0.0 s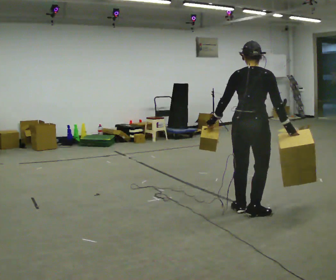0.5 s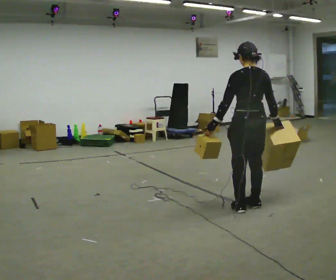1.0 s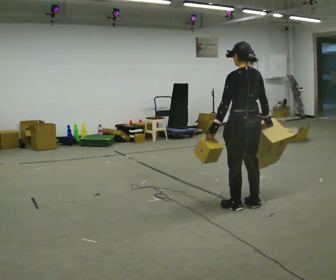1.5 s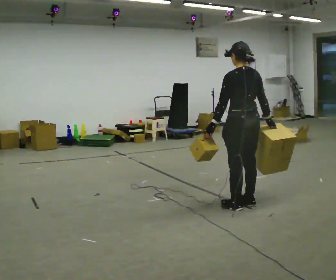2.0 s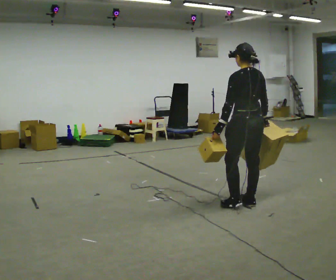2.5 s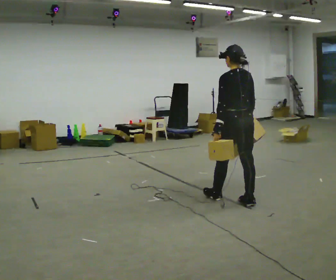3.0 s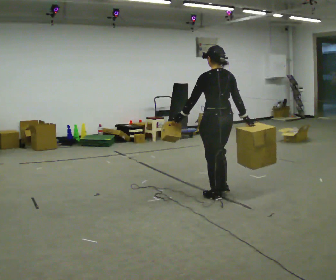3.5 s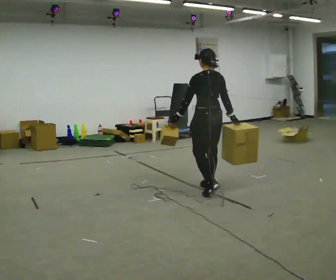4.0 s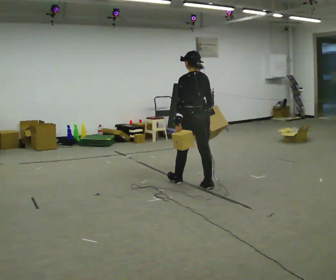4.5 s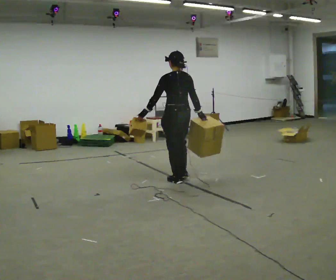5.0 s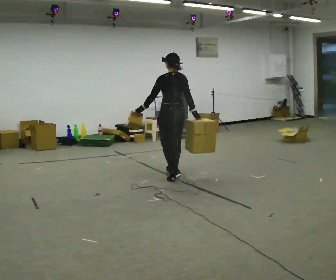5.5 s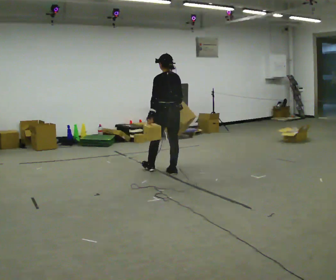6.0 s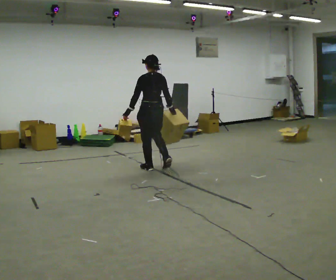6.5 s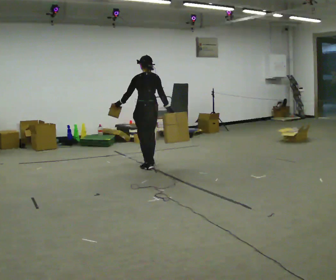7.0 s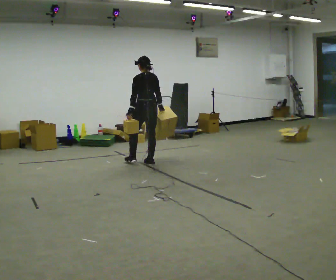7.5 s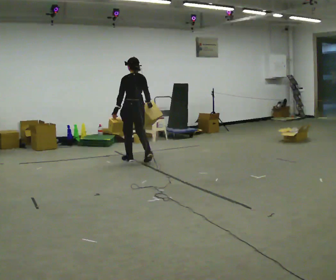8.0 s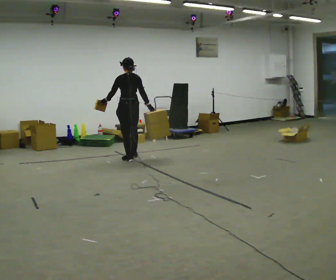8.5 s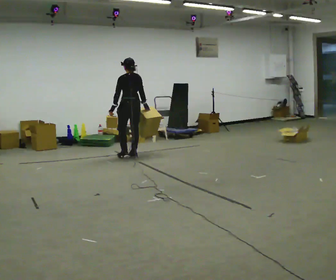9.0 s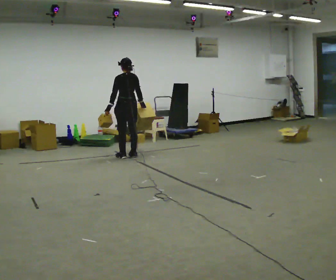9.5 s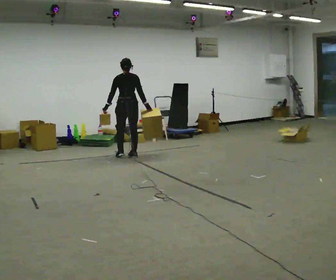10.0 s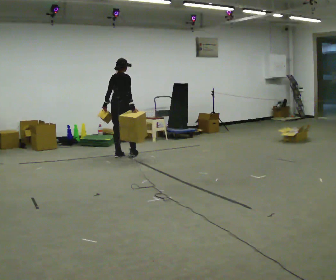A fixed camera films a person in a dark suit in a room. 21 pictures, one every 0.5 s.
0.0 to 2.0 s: Seen from above the body turns counterclockwise, about 45 degrees: to their left, with its near side sliding to the right. In the picture they go away from the camera, about 0.25 m in 1 step, which for them is forward and to their right.
2.0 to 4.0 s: In the picture they go away from the camera and to the left, about 1 m in 3 steps, which for them is forward.
4.0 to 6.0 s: In the picture they go away from the camera and to the left, about 1 m in 2 steps, which for them is forward.
6.0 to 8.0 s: In the picture they go away from the camera and to the left, about 1 m in 3 steps, which for them is forward.
8.0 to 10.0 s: The part of the body nearest the lens slides to the left as the person turns to their right by about 60 degrees. In the picture they go away from the camera and to the left, about 0.25 m in 1 step.
The film runs forward here.
